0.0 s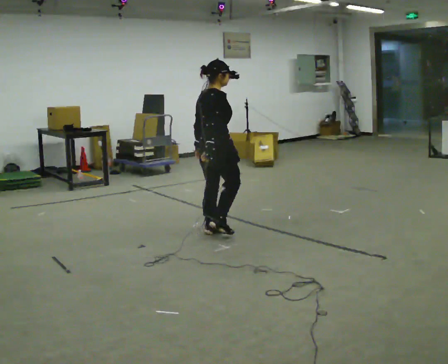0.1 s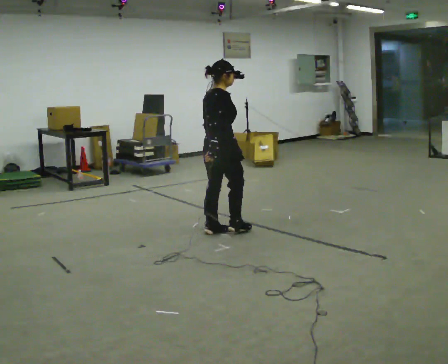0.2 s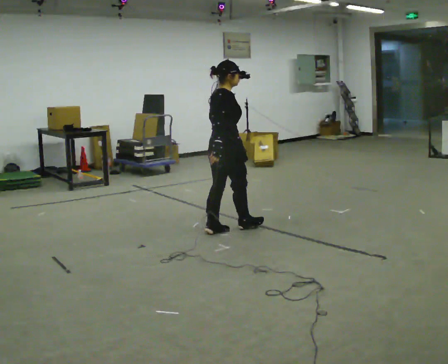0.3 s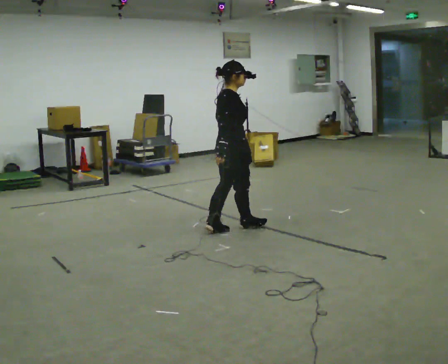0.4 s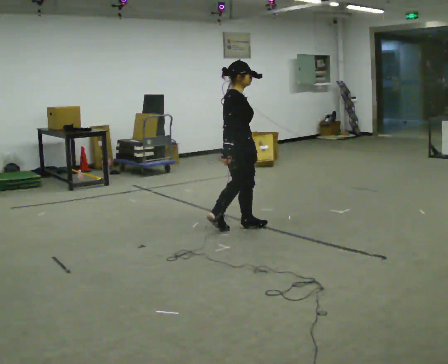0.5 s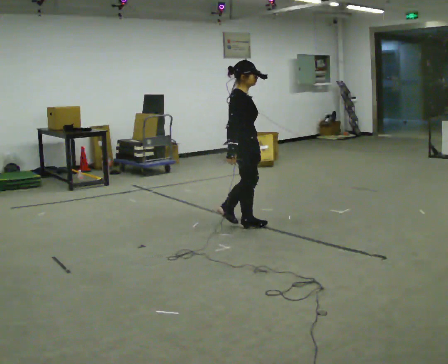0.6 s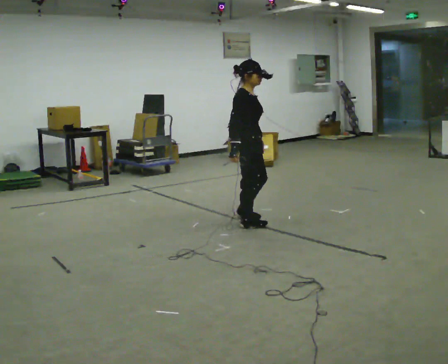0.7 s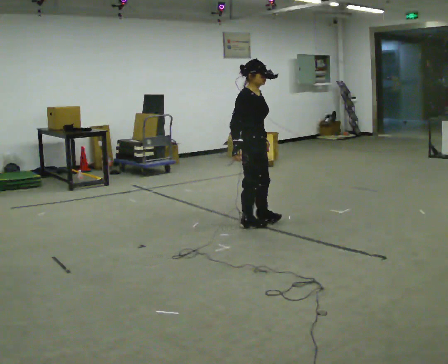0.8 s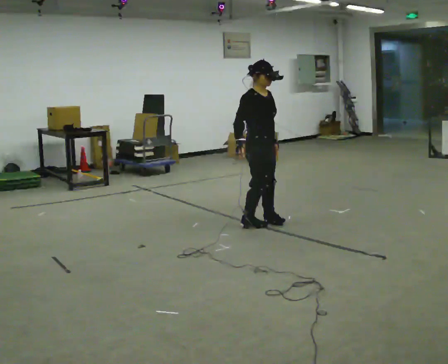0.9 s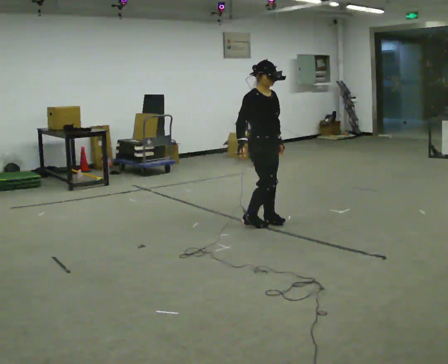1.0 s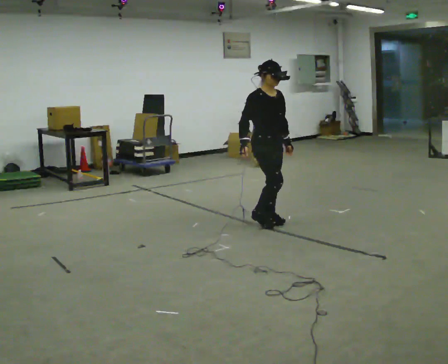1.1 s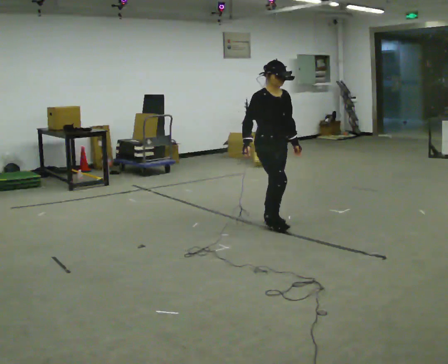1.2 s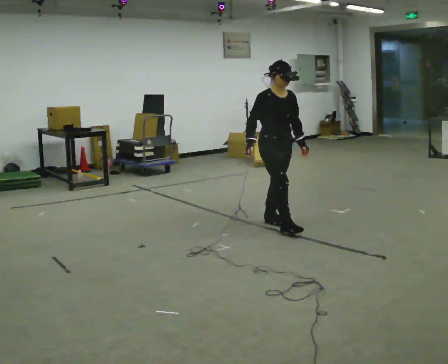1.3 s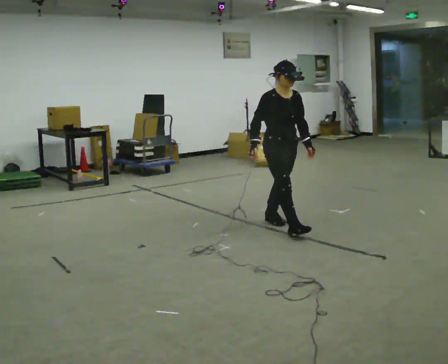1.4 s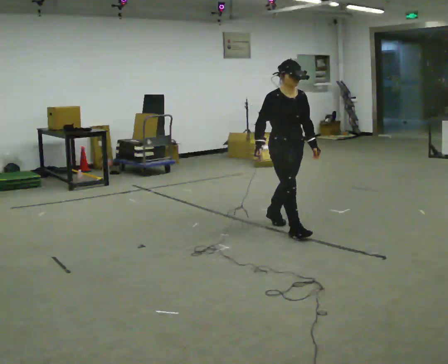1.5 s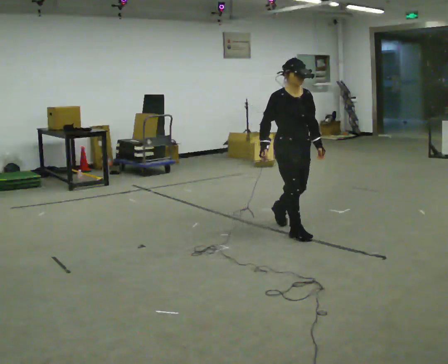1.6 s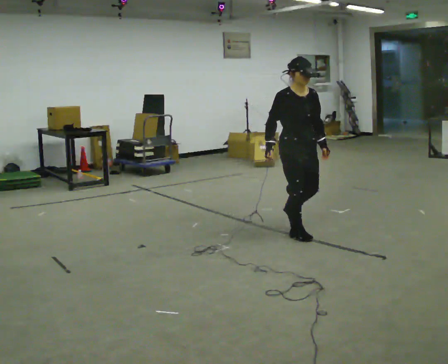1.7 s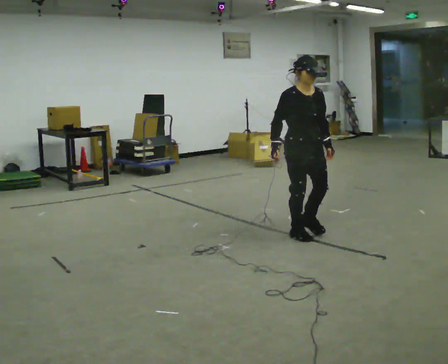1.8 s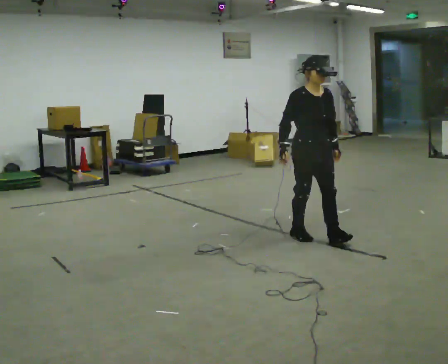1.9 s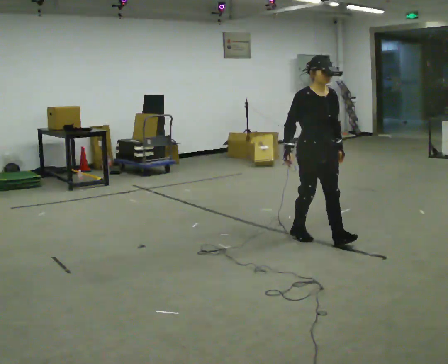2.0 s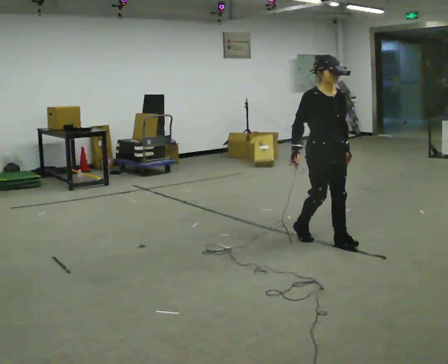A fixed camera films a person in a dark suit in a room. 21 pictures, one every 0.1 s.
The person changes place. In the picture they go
to the right.
The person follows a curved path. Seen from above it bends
clockwise.
0.0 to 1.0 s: The part of the body nearest the lens slides to the left as the person turns to their right by about 75 degrees. In the picture they go to the right and away from the camera, about 0.5 m in 2 steps.
1.0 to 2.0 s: In the picture they go toward the camera and to the right, about 0.5 m in 2 steps, which for them is forward.
The film runs forward here.
